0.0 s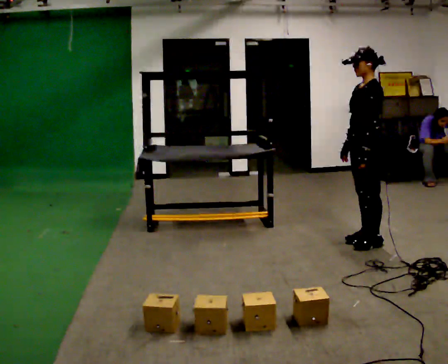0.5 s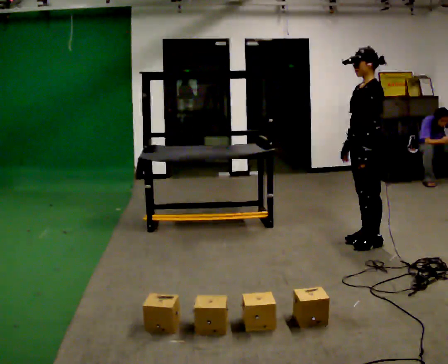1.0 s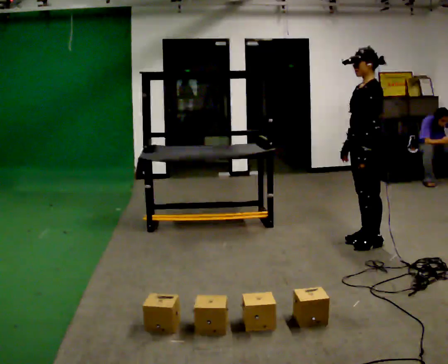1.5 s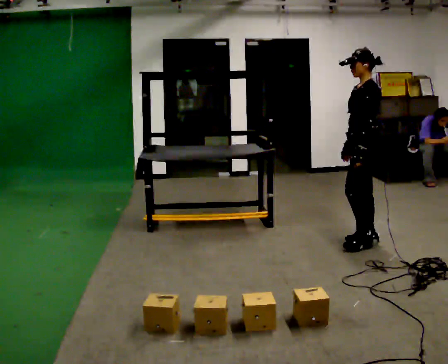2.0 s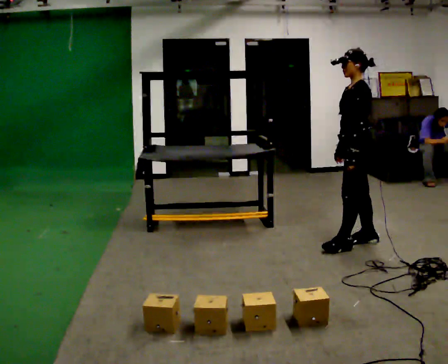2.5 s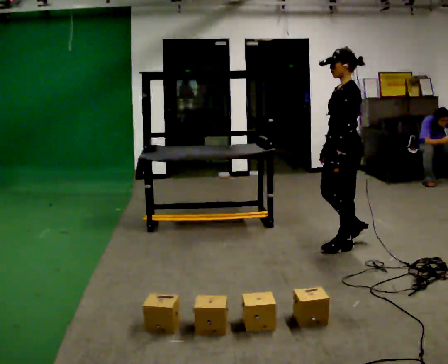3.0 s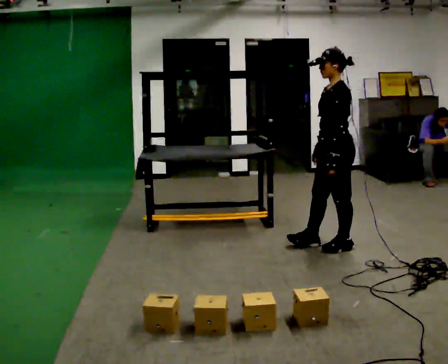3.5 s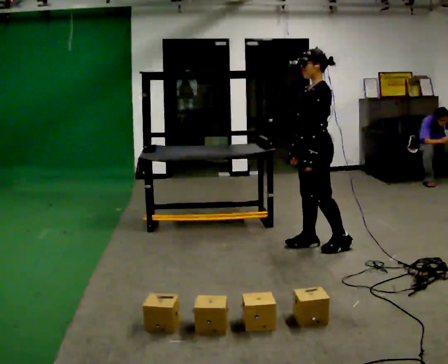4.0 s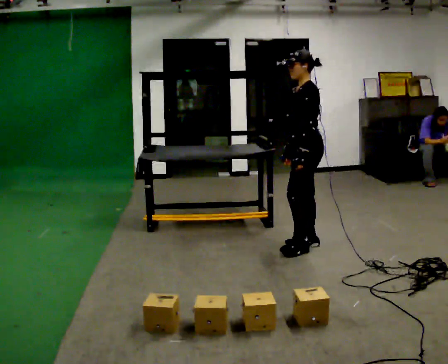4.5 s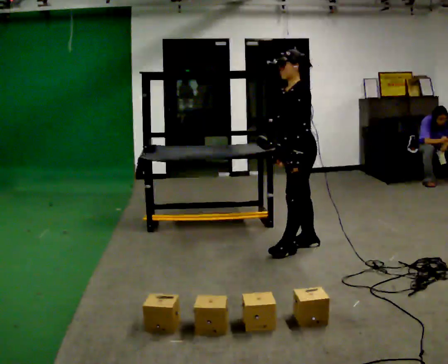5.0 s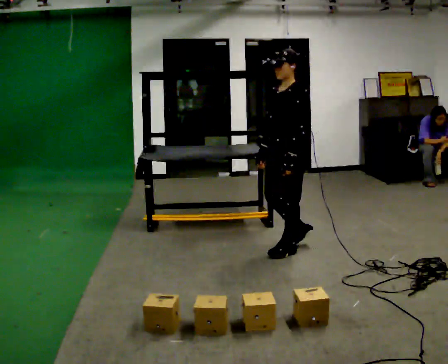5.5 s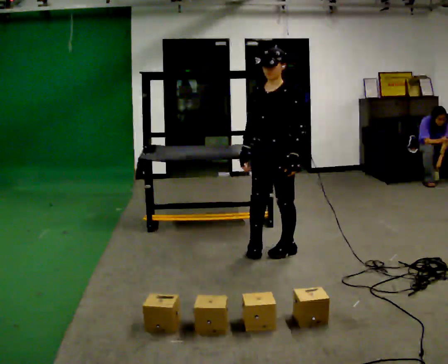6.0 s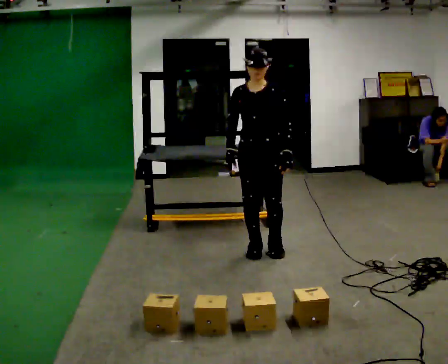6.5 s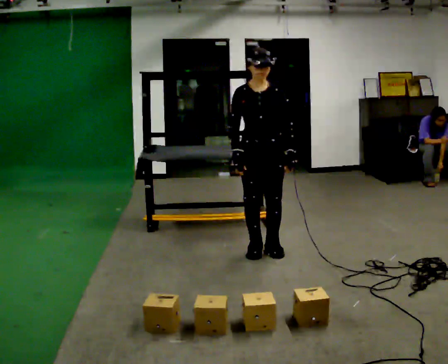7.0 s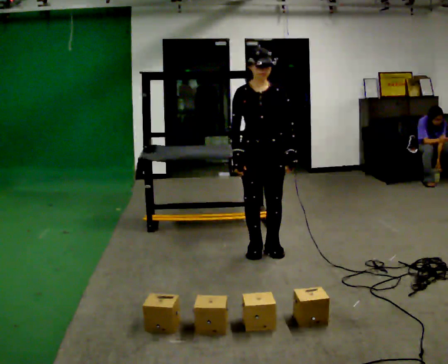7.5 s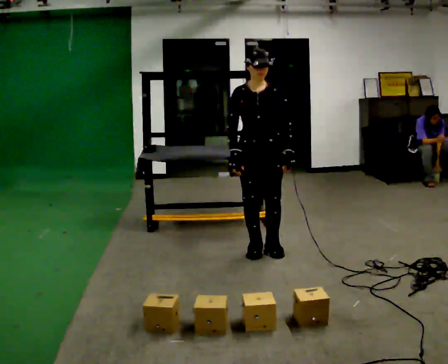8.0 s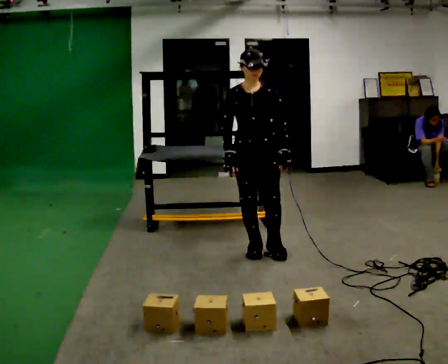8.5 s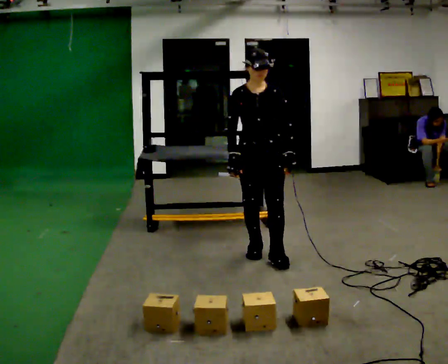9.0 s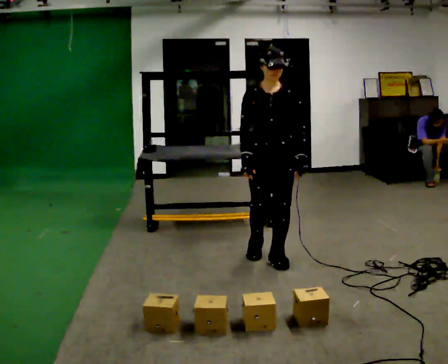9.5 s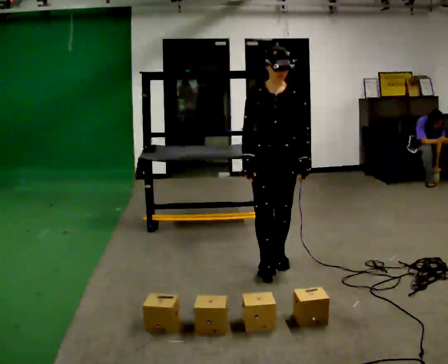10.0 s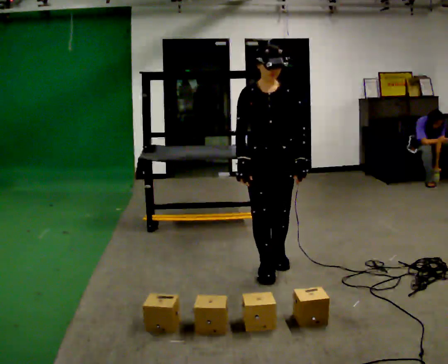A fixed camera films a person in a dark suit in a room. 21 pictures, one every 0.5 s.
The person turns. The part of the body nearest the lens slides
to the right.
The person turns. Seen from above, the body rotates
counterclockwise.
0.0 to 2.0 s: The person moves a little, or ends about where they began.
2.0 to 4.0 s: In the picture they go to the left, about 0.5 m in 1 step, which for them is forward.
4.0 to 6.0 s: The part of the body nearest the lens slides to the right as the person turns to their left by about 75 degrees. In the picture they go to the left and toward the camera, about 0.5 m in 2 steps.
6.0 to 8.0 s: The person moves a little, or ends about where they began.
8.0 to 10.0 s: In the picture they go toward the camera, about 0.5 m in 2 steps, which for them is forward.
The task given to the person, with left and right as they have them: Carry the object across the room and place it on the shelf just at the top of your comfortable reach. Keep going until the operator says stop; one object at a time, and do not rush between trips.
The film runs forward here.
